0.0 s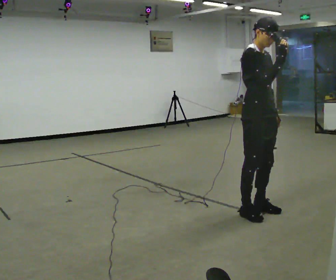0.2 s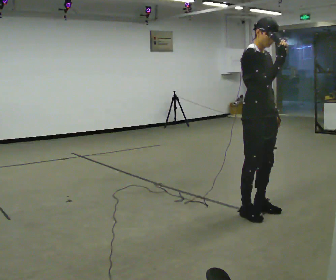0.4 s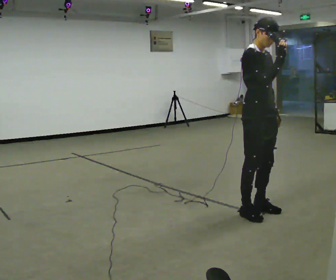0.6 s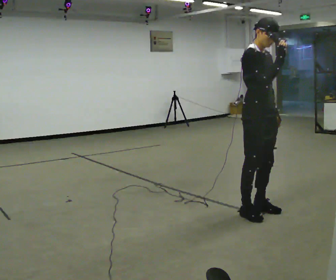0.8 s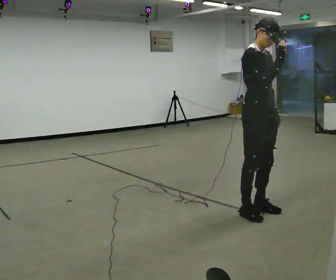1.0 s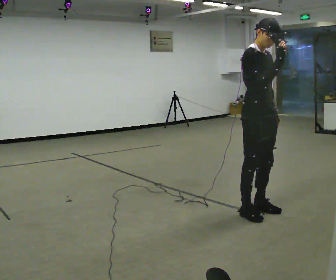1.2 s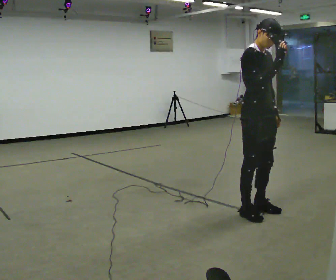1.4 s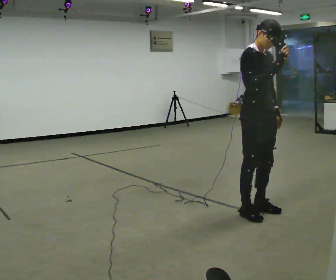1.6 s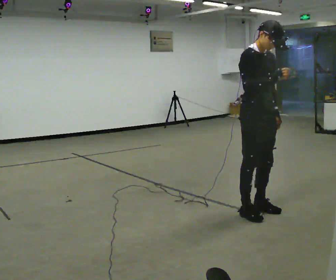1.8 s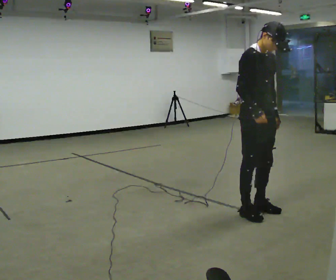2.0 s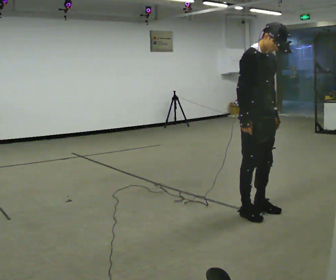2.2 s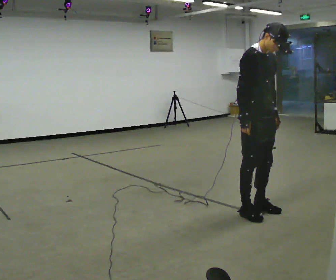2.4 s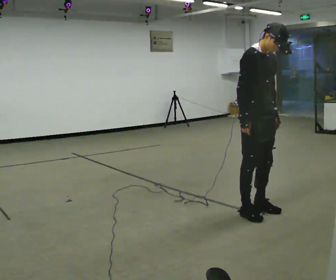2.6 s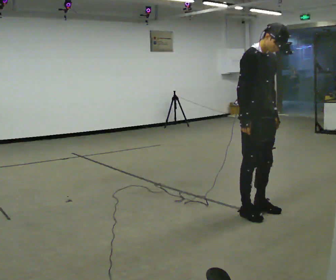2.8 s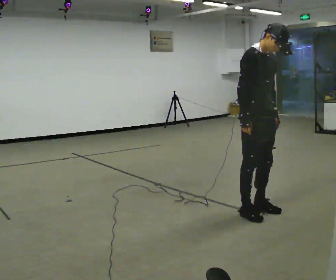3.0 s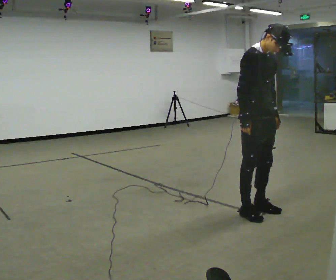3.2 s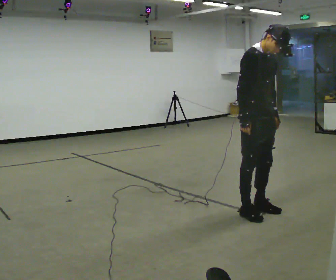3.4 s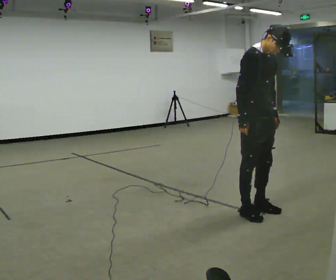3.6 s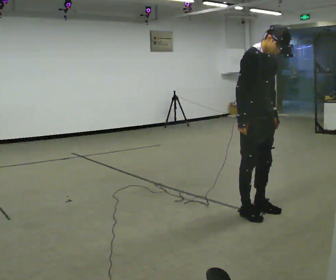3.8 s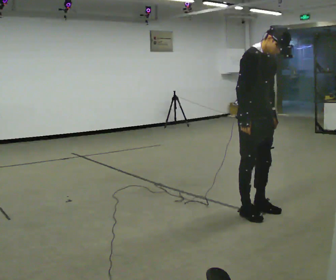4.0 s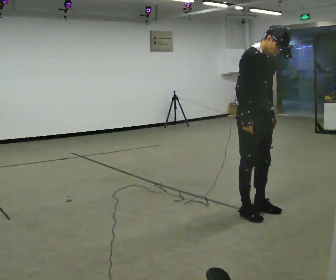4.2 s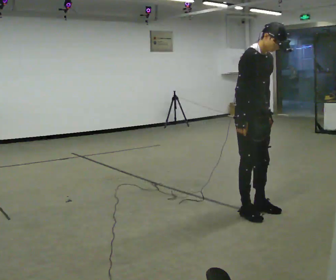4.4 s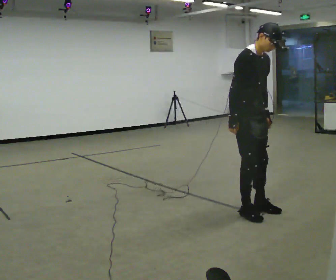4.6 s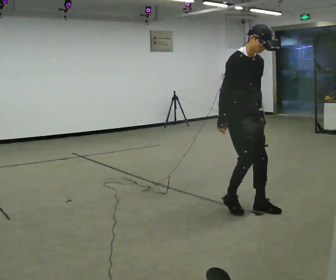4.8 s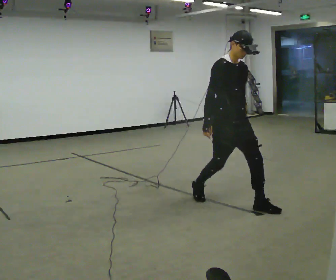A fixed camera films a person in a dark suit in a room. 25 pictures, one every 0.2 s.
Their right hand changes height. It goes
downward.
0.0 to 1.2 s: The person moves a little, or ends about where they began.
1.2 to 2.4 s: In the picture their right hand goes downward and to the left.
2.4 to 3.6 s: The person keeps their place and pose.
3.6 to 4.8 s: In the picture they go away from the camera and to the left, about 0.25 m in 1 step, which for them is backward.
The film runs backward here.
